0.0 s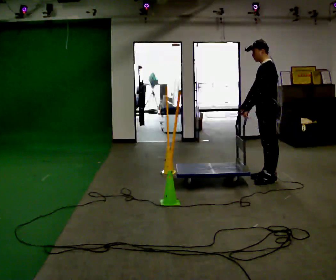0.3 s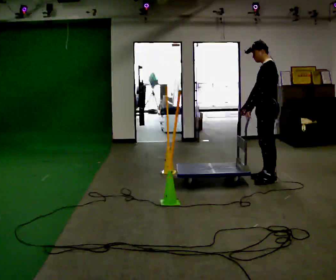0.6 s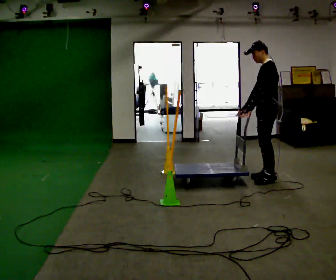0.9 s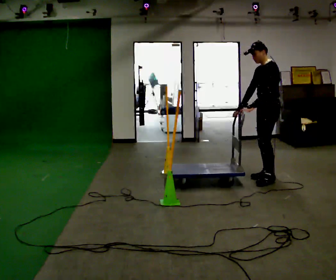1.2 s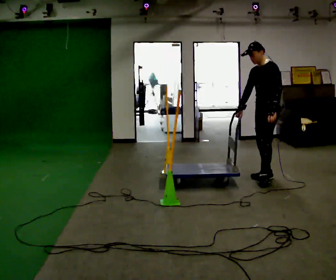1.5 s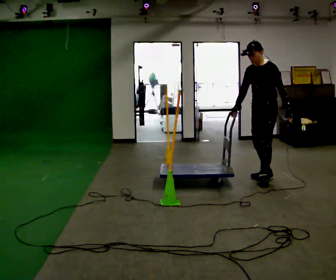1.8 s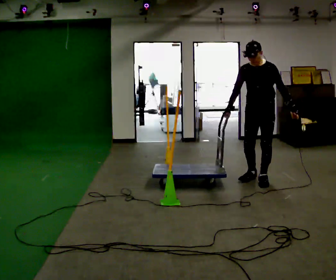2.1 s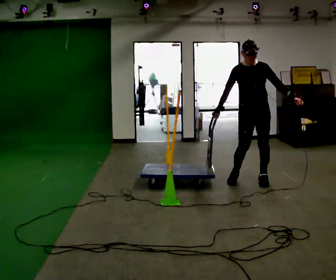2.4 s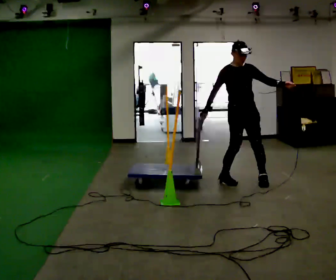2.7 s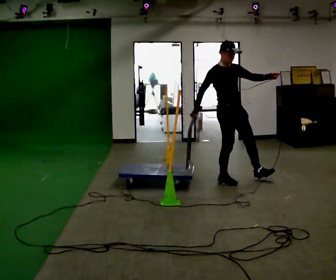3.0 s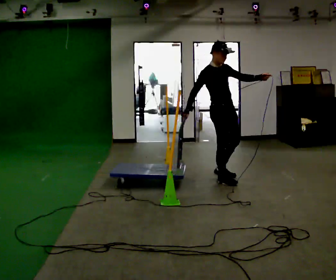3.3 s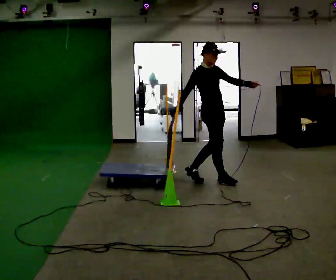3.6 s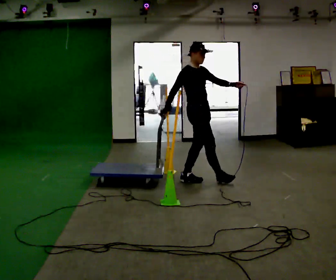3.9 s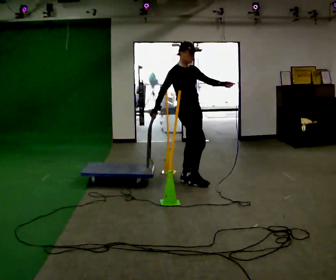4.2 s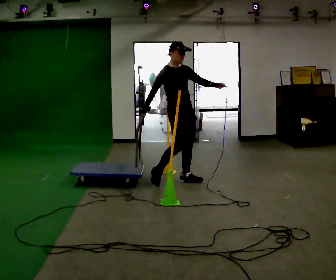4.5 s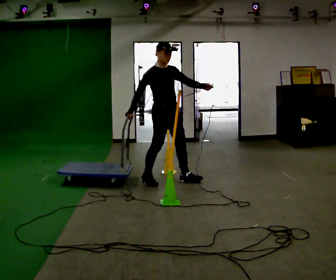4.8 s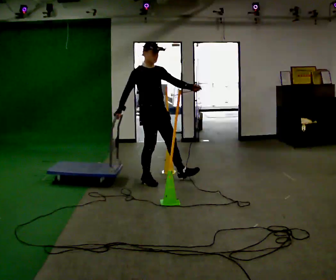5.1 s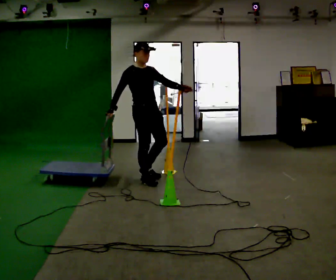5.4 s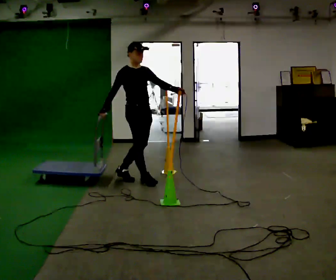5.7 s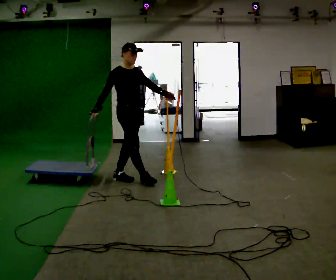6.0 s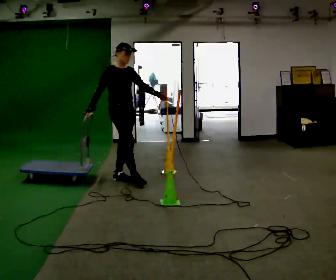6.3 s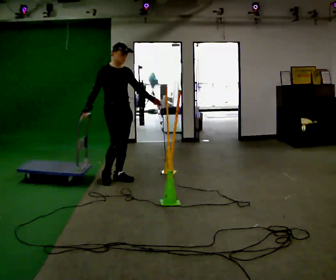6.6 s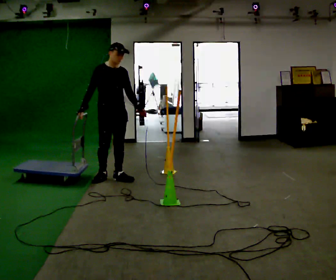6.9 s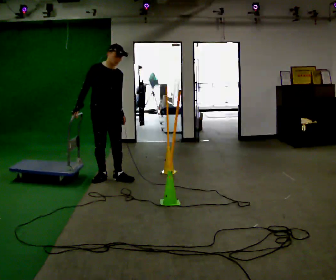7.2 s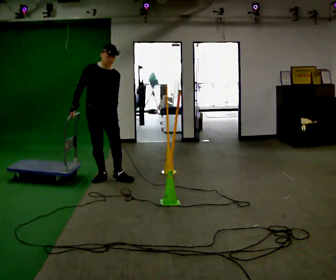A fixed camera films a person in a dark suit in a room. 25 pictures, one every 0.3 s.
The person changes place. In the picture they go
to the left.
0.0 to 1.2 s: The person moves a little, or ends about where they began.
1.2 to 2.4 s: Seen from above the body turns counterclockwise, about 90 degrees: to their left, with its near side sliding to the right. In the picture they go to the left, about 0.25 m in 1 step.
2.4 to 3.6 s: The person turns about 45 degrees to their left, counterclockwise seen from above, so the part of the body nearest the lens slides to the right. In the picture they go to the left, about 0.5 m in 1 step, which for them is backward and to their right.
3.6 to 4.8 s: In the picture they go to the left, about 0.5 m in 2 steps, which for them is backward and to their right.
4.8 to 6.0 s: In the picture they go to the left, about 0.5 m in 1 step, which for them is backward.
6.0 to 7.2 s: The part of the body nearest the lens slides to the left as the person turns to their right by about 30 degrees. In the picture they go to the left, about 0.25 m, which for them is to their right.
The film runs backward here.
